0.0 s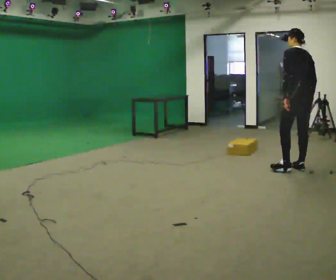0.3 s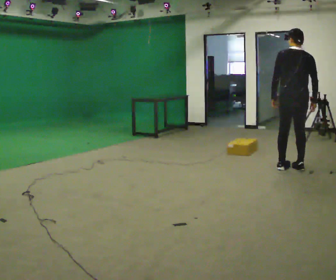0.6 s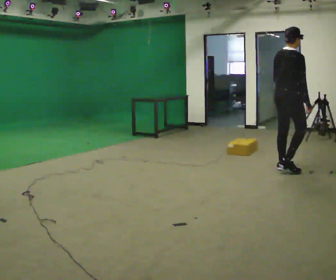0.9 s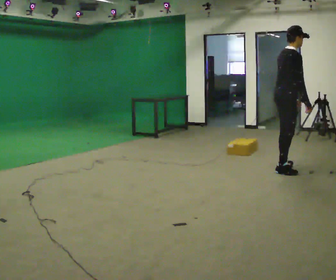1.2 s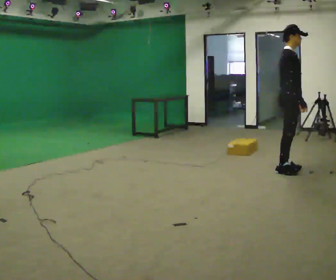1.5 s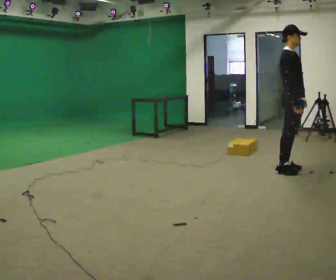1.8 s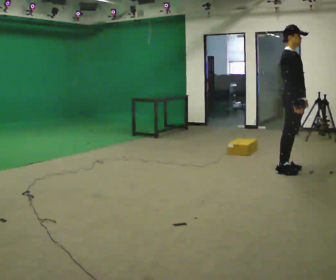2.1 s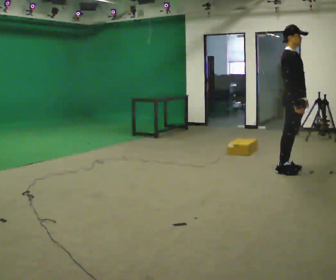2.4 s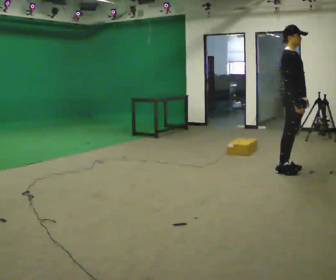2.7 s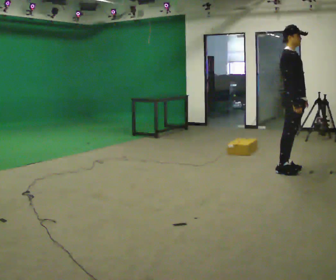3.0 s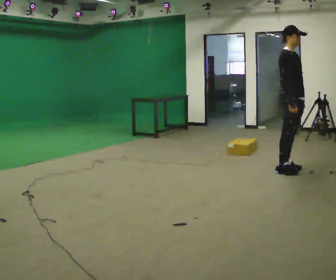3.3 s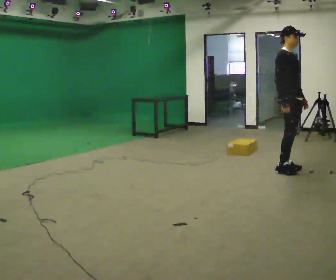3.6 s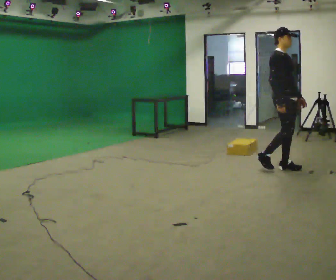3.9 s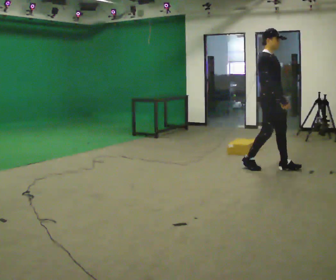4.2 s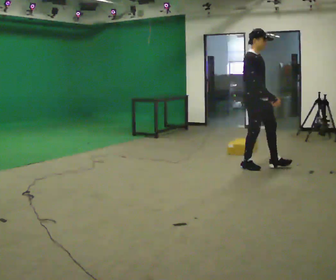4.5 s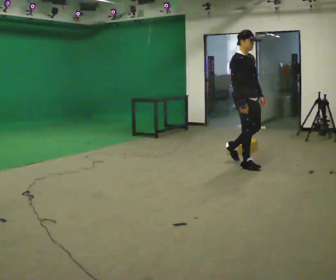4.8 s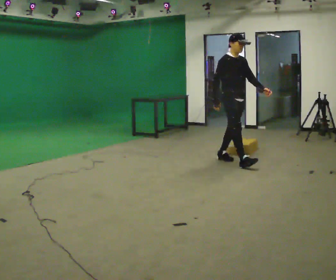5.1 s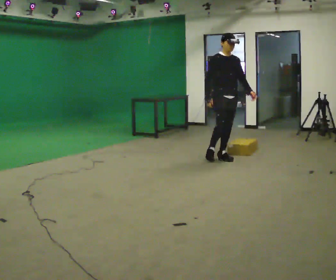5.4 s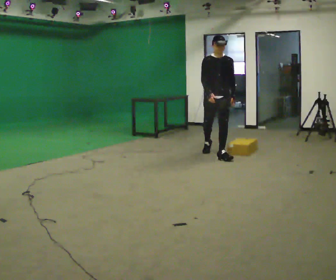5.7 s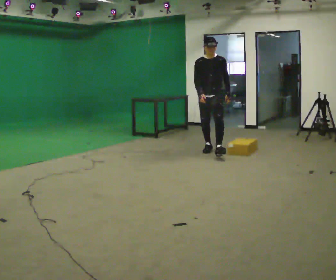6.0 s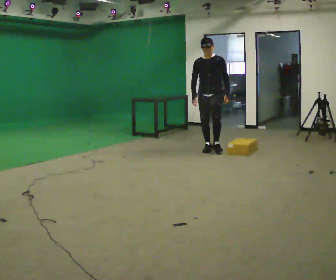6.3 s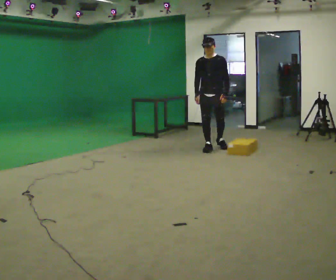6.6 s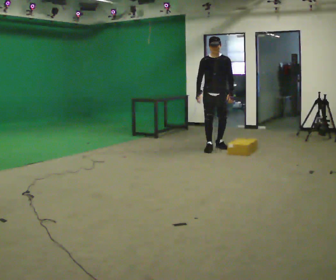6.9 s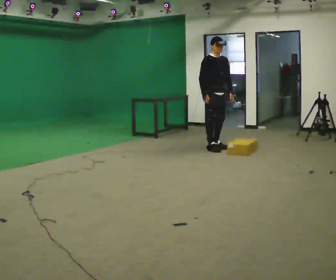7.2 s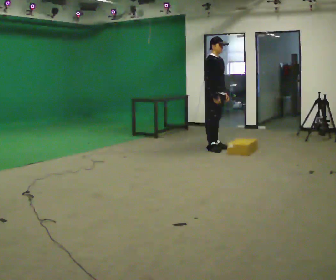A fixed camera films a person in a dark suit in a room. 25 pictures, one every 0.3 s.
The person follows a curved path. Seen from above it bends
clockwise.
0.0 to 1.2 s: The part of the body nearest the lens slides to the left as the person turns to their right by about 135 degrees. In the picture they go to the left, about 0.25 m in 1 step.
1.2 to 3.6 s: The person moves a little, or ends about where they began.
3.6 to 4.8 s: In the picture they go to the left and away from the camera, about 1 m in 2 steps, which for them is backward.
4.8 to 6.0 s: The part of the body nearest the lens slides to the left as the person turns to their right by about 60 degrees. In the picture they go away from the camera and to the left, about 1 m in 1 step, which for them is backward.
6.0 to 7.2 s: The person turns about 75 degrees to their left, counterclockwise seen from above, so the part of the body nearest the lens slides to the right.
The film runs backward here.
